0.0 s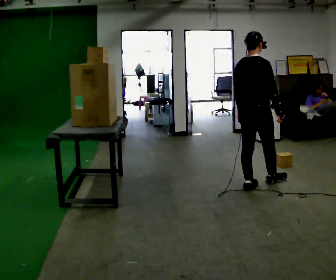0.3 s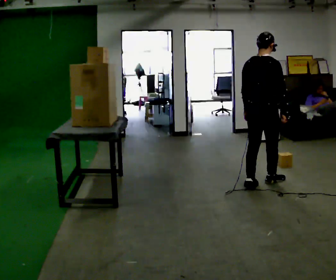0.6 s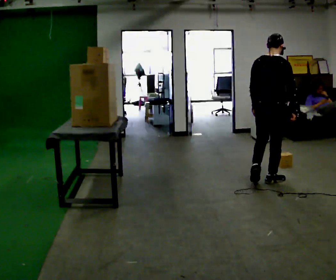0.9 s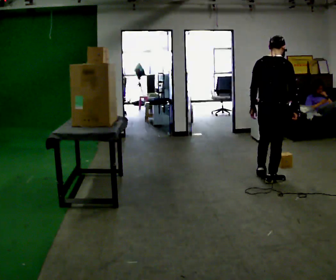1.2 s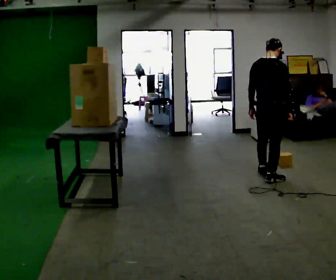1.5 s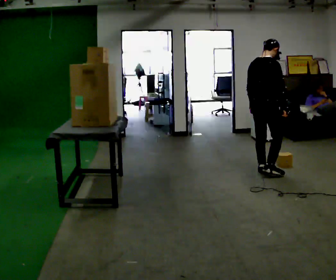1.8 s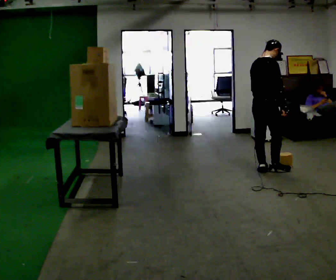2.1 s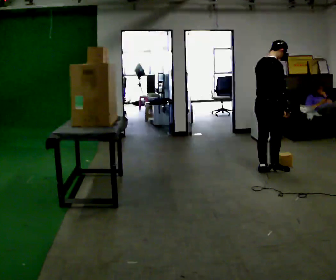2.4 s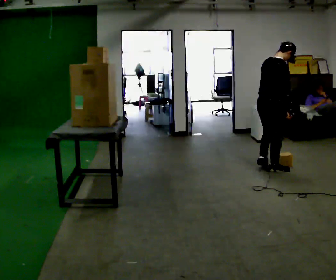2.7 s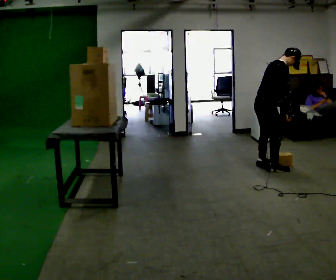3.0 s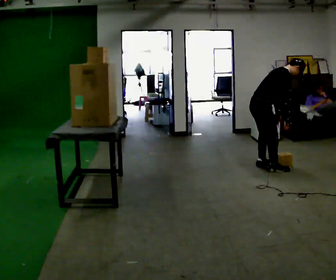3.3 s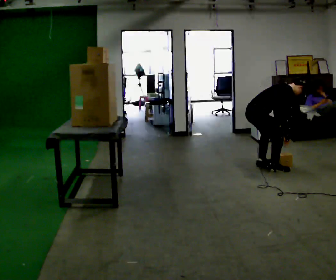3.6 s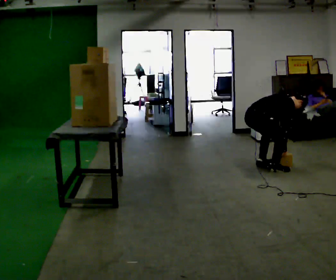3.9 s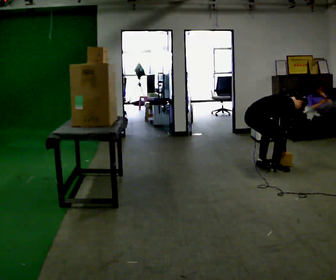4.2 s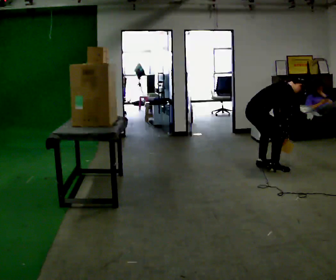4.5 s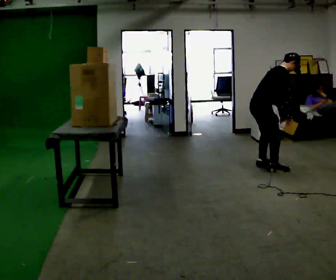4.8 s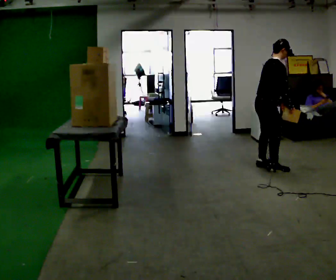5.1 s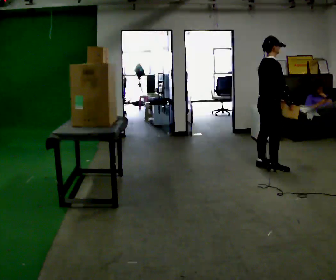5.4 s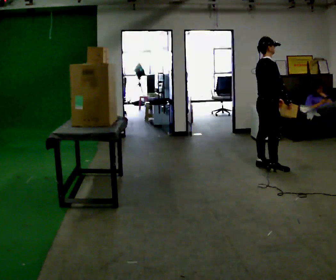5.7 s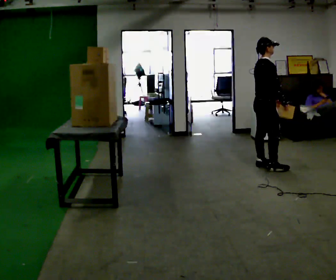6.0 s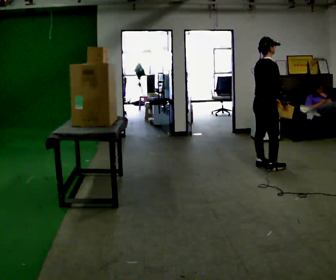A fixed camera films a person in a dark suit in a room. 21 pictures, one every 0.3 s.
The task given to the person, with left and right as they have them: Take an object from the lowest shelf, carry it across the room, and place it on the highest shelf you can comfortably reach. Keep going until the operator says stop; one object at a time, and do not rush between trips.
0.0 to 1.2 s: In the picture they go away from the camera and to the right, about 0.5 m in 1 step, which for them is forward.
1.2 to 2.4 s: In the picture they go away from the camera, about 0.25 m in 1 step, which for them is forward and to their left.
2.4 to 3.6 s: In the picture they go to the left, about 0.25 m in 1 step, which for them is to their left. The shoulders move downward. In the picture the upper body tilts clockwise, shoulders to the right, as they bend forward. In the picture their right hand goes downward.
3.6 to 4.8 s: The upper body goes upward. In the picture the upper body tilts counterclockwise, shoulders to the left, as they lean back or straighten. In the picture their right hand goes upward.
4.8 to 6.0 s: The person moves a little, or ends about where they began.
The film runs forward here.
